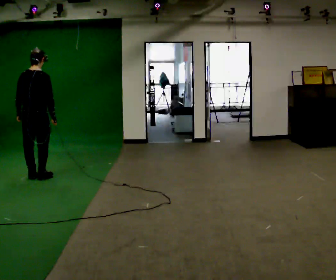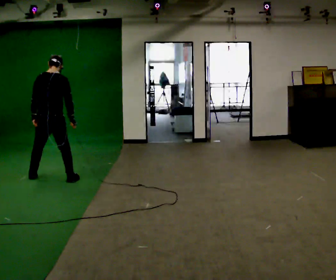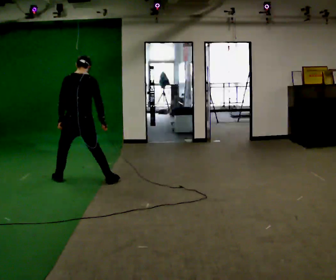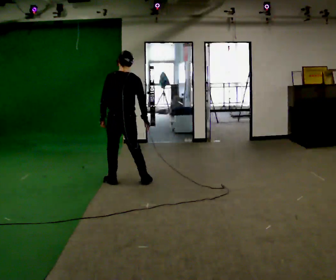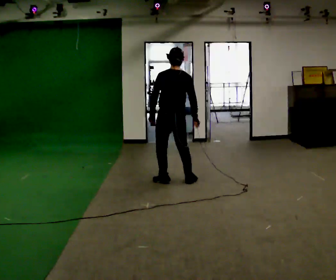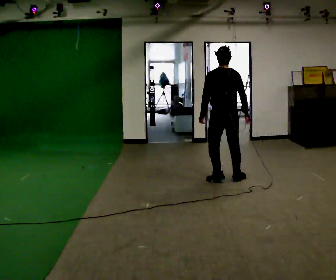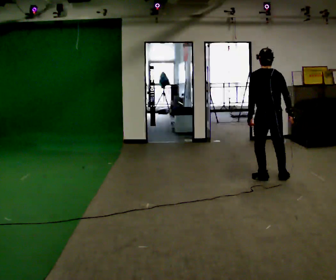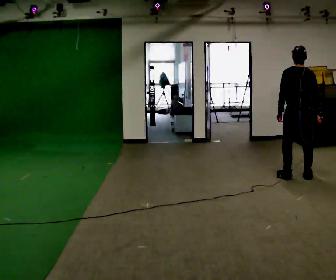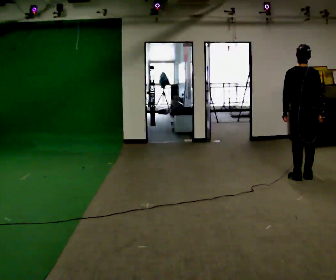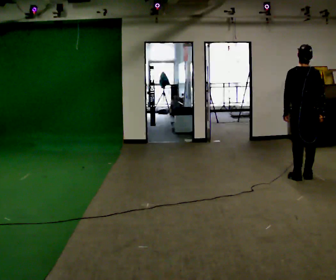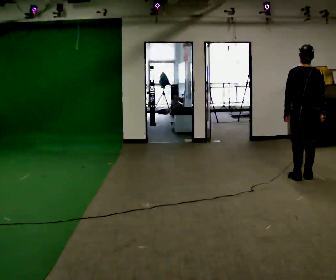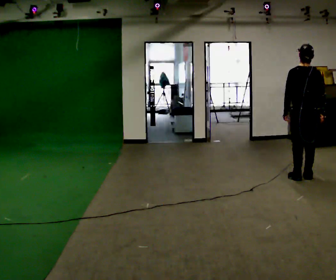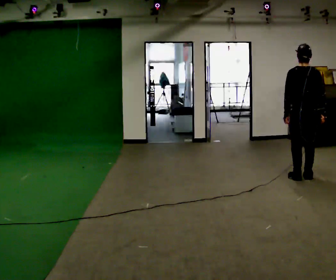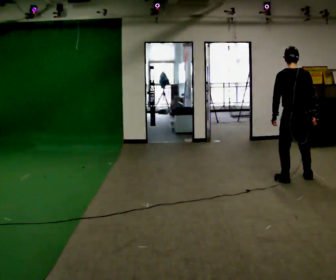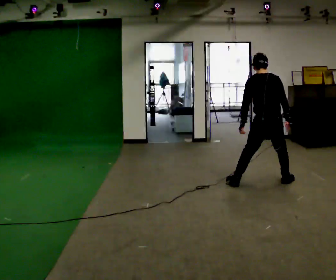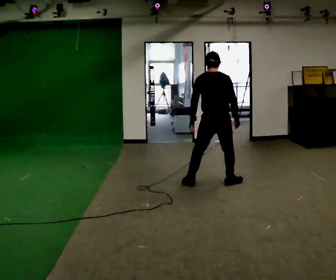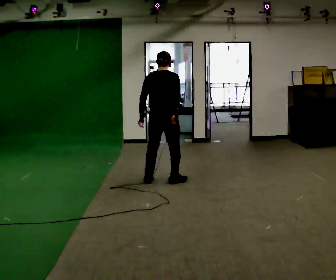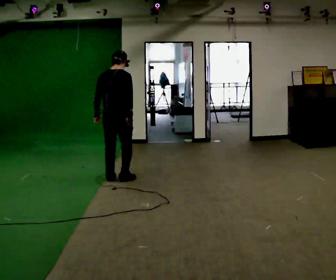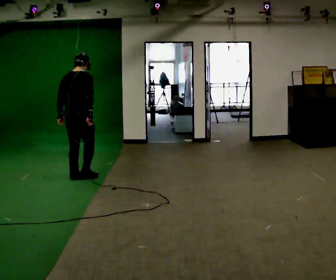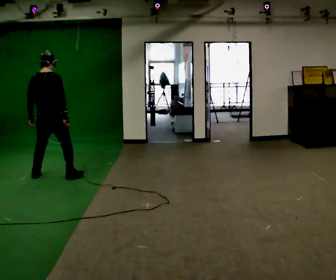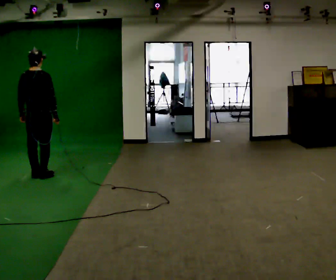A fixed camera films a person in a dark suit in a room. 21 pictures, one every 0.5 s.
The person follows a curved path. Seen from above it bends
clockwise.
0.0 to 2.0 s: In the picture they go to the right, about 1.5 m in 7 steps, which for them is to their right.
2.0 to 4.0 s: In the picture they go to the right, about 1.5 m in 5 steps, which for them is to their right.
4.0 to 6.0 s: The person moves a little, or ends about where they began.
6.0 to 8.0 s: In the picture they go to the left, about 1.5 m in 7 steps, which for them is to their left.
8.0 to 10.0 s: In the picture they go to the left, about 1.5 m in 5 steps, which for them is to their left.
The film runs backward here.
